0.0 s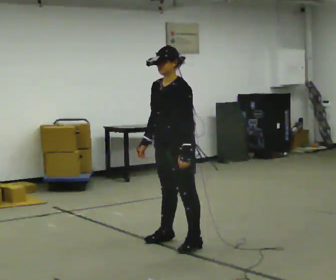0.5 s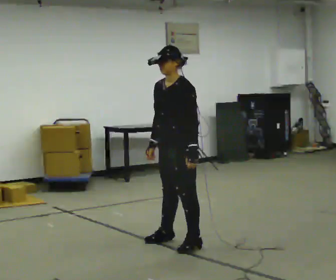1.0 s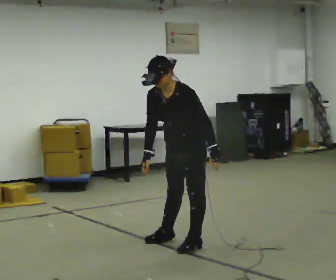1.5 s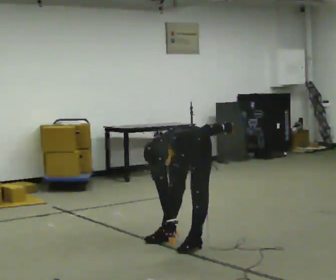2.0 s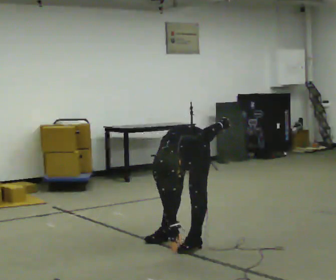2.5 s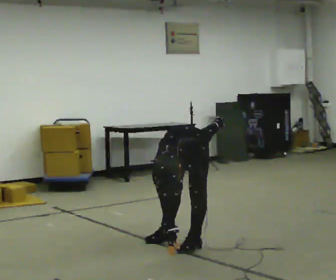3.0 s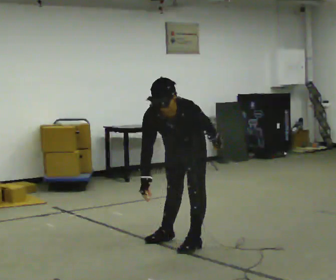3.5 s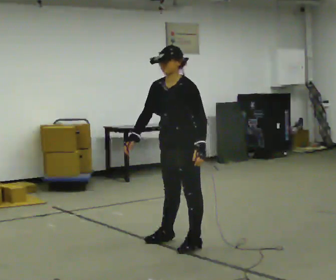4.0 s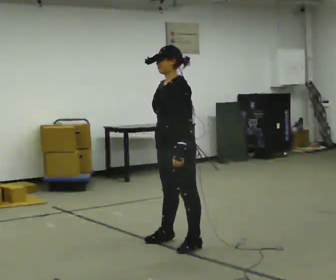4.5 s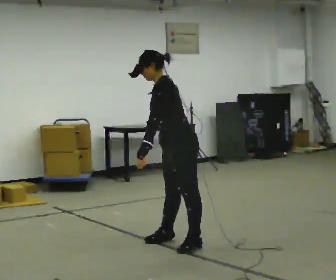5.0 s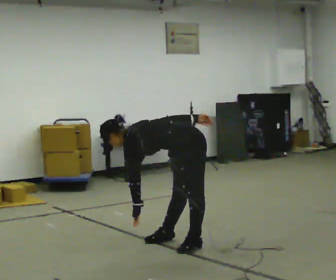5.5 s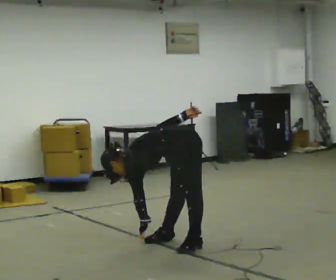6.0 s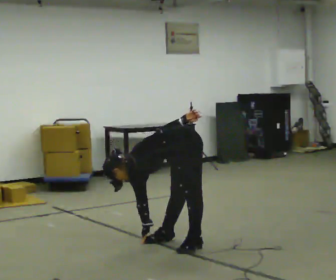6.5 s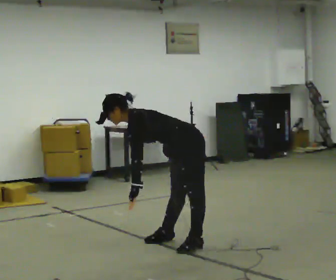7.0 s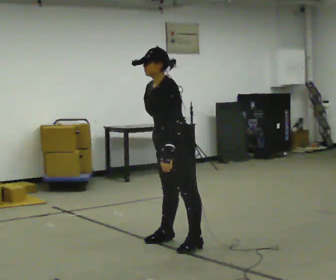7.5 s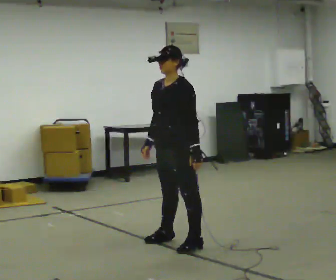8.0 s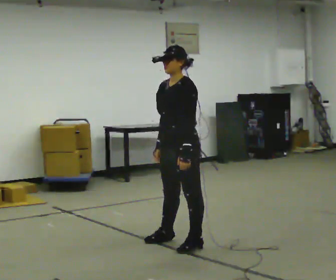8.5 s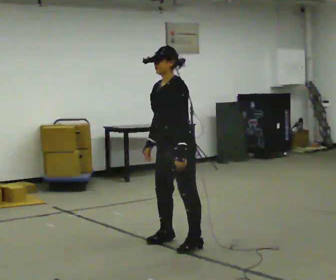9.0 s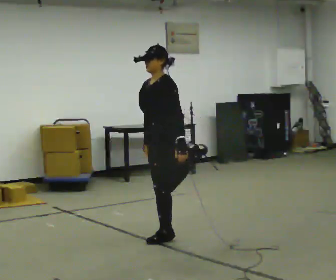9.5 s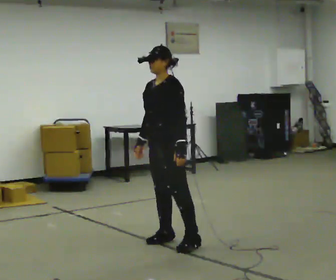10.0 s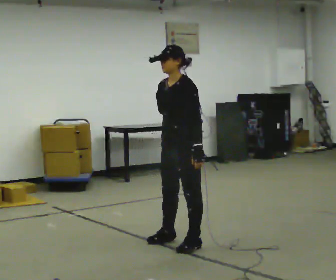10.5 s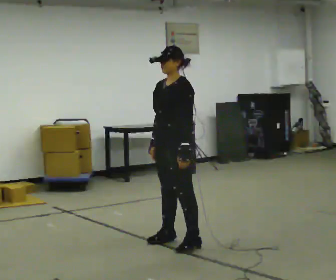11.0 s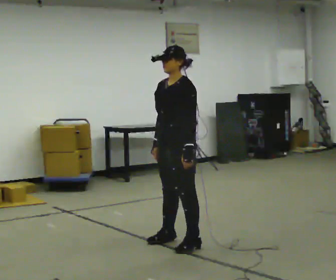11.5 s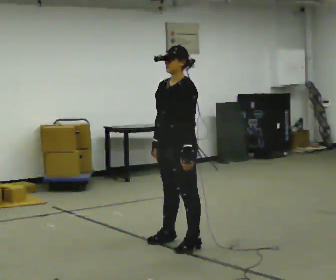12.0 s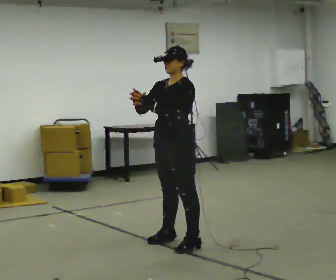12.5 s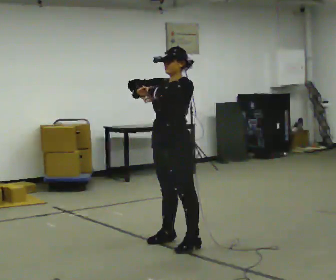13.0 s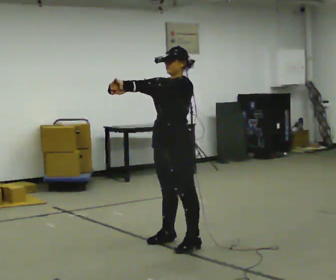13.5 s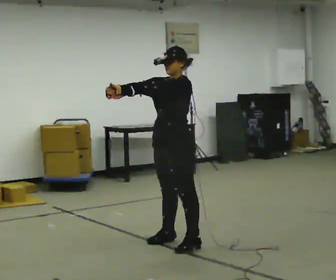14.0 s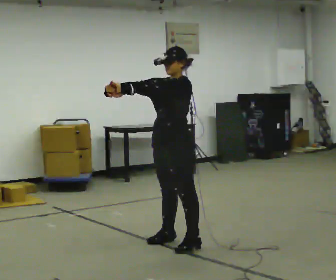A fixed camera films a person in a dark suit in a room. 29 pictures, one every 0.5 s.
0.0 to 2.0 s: The person turns about 30 degrees to their left, counterclockwise seen from above, so the part of the body nearest the lens slides to the right. The shoulders move downward. The upper body tips toward the camera, its near side rolling downward, as they bend forward.
2.0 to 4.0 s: The person turns about 45 degrees to their right, clockwise seen from above, so the part of the body nearest the lens slides to the left. The upper body goes upward. The upper body tips away from the camera, its near side rolling upward, as they lean back or straighten. In the picture their left hand goes to the left, the arm swinging clockwise.
4.0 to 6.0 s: The person turns about 30 degrees to their right, clockwise seen from above, so the part of the body nearest the lens slides to the left. The upper body goes downward. In the picture the upper body tilts counterclockwise, shoulders to the left, as they bend forward.
6.0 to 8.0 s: Seen from above the body turns counterclockwise, about 30 degrees: to their left, with its near side sliding to the right. The upper body goes upward. In the picture the upper body tilts clockwise, shoulders to the right, as they lean back or straighten.
8.0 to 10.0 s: The person moves a little, or ends about where they began.
10.0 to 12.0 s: In the picture their right hand goes upward, the arm swinging clockwise.
12.0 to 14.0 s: The person moves a little, or ends about where they began.
The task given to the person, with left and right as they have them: Work through the stretches in order, holding each one briefly: touch your toes, pull each heel up behind you, stretch each arm across your chest, and stretch each calf. Stay in one place throughout.
The film runs forward here.
